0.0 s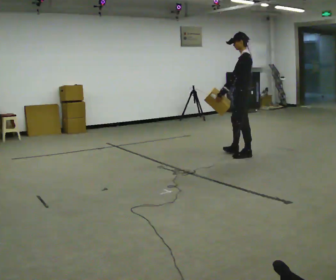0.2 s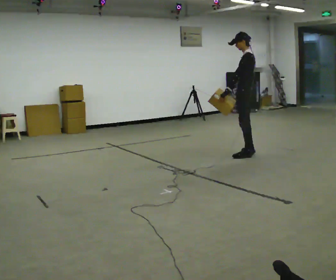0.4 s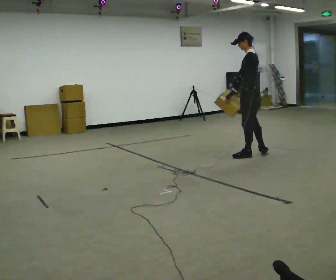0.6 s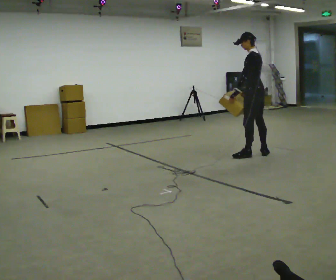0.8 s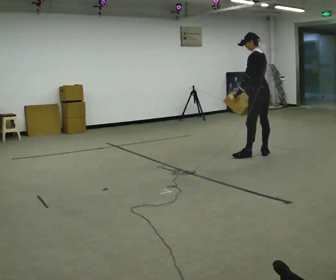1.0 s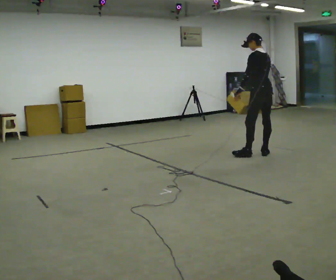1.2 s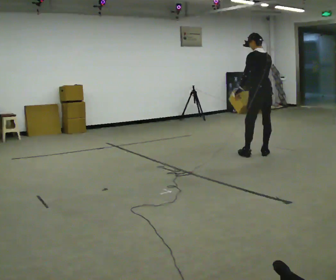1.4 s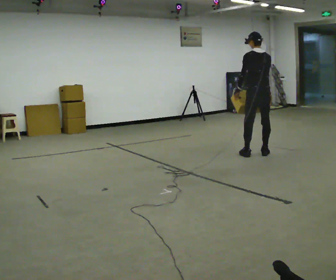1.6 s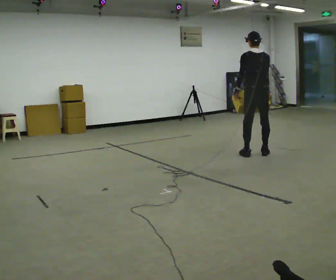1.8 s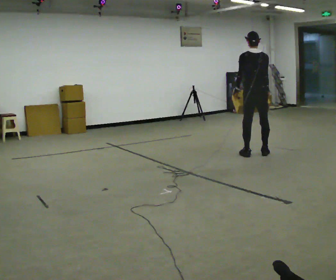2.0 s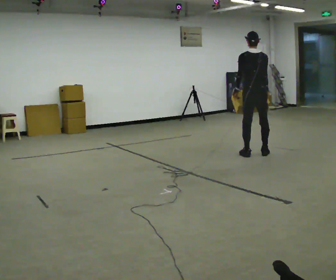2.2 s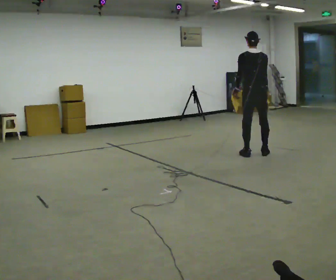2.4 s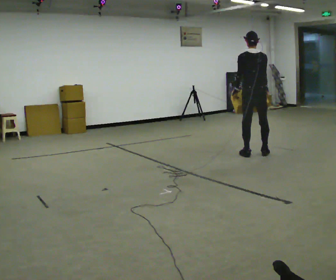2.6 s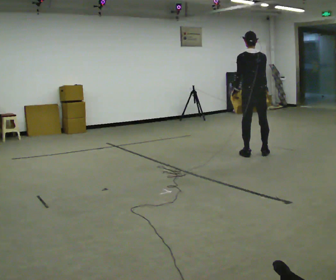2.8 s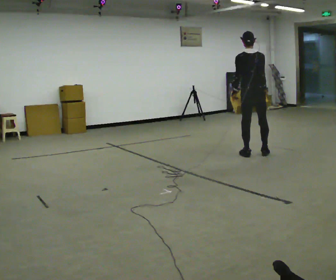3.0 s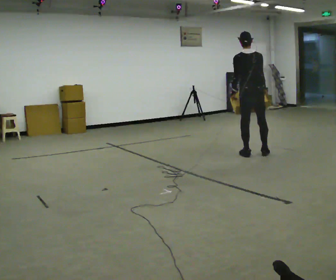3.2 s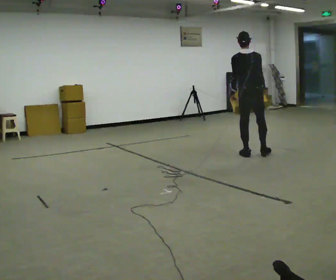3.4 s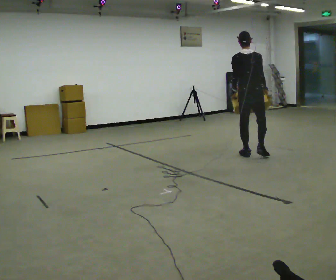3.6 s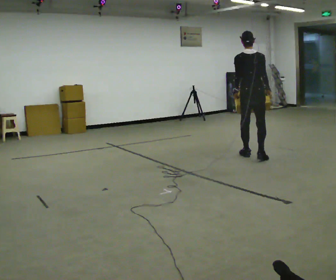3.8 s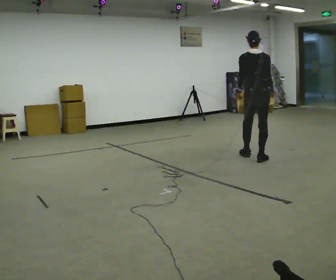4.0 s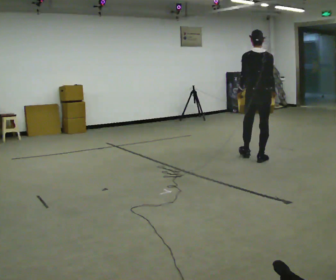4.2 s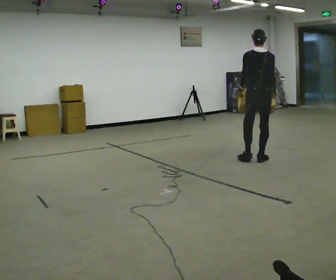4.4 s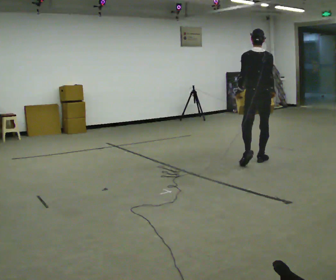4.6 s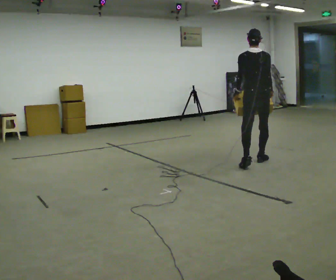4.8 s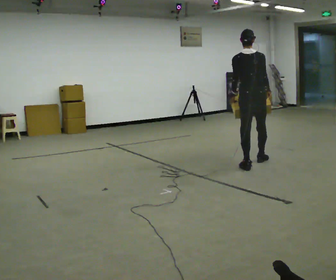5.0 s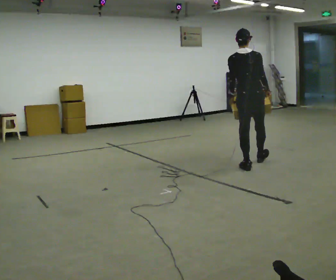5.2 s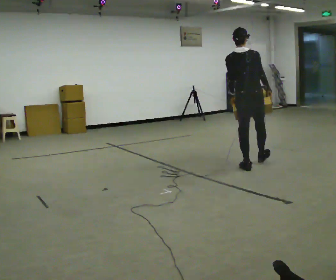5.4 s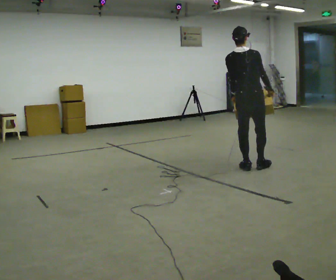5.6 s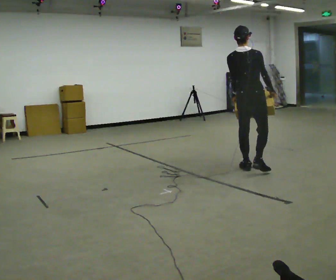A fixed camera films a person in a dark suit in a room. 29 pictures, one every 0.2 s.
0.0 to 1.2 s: Seen from above the body turns clockwise, about 45 degrees: to their right, with its near side sliding to the left. In the picture they go to the right, about 0.25 m, which for them is backward.
1.2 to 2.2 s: Seen from above the body turns clockwise, about 30 degrees: to their right, with its near side sliding to the left.
2.2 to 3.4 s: The person moves a little, or ends about where they began.
3.4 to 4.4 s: In the picture they go toward the camera, about 0.25 m in 1 step, which for them is backward.
4.4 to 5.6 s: In the picture they go toward the camera, about 0.5 m in 1 step, which for them is backward and to their left.
The film runs backward here.
